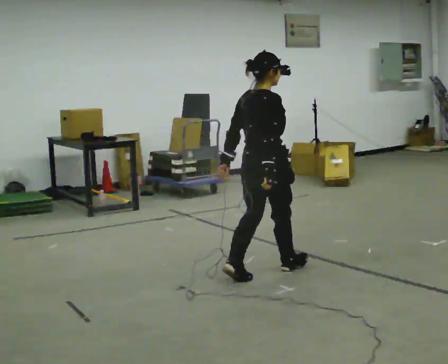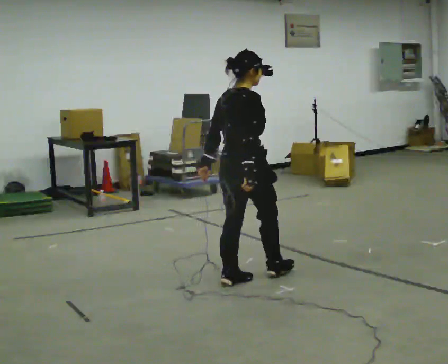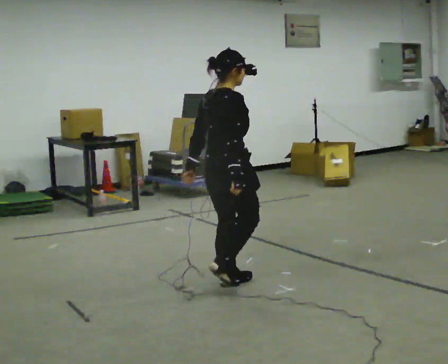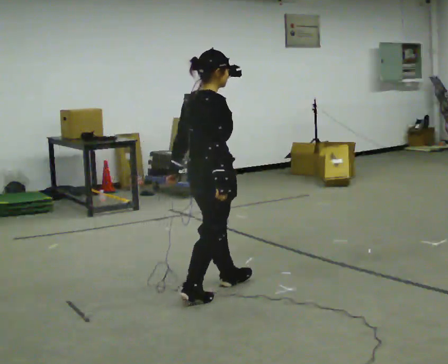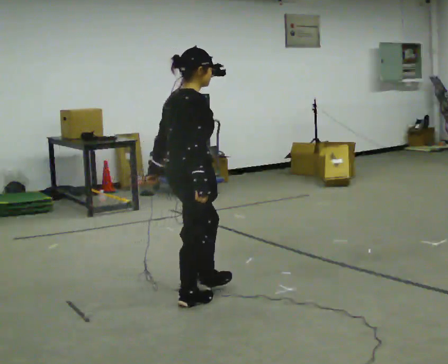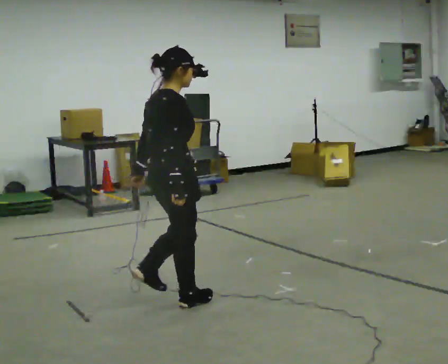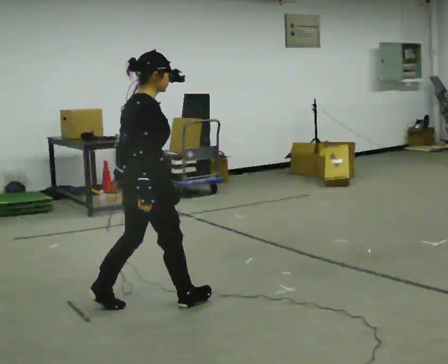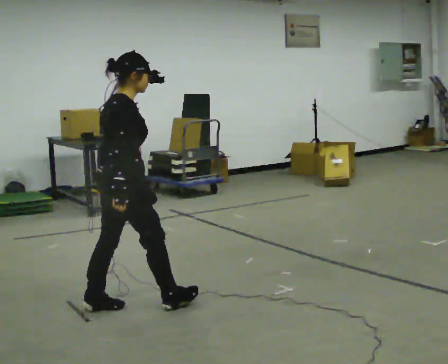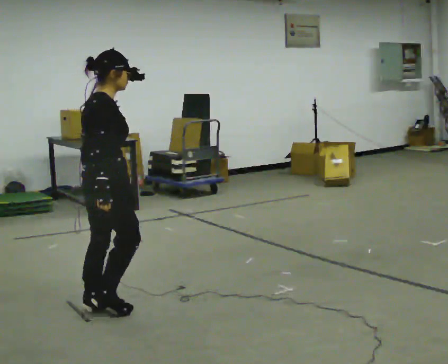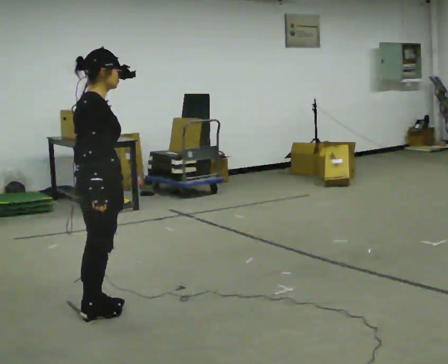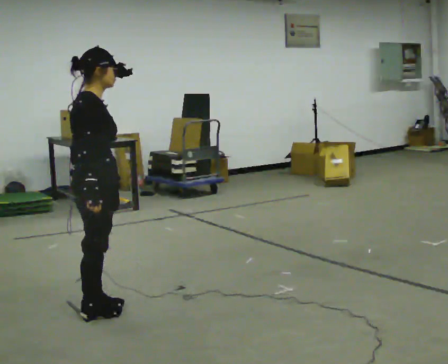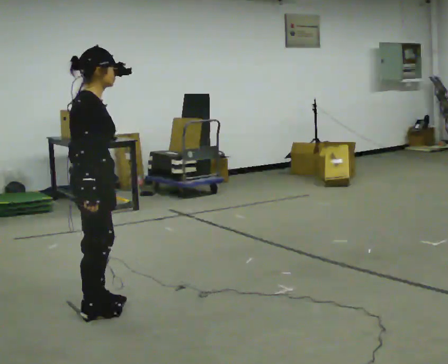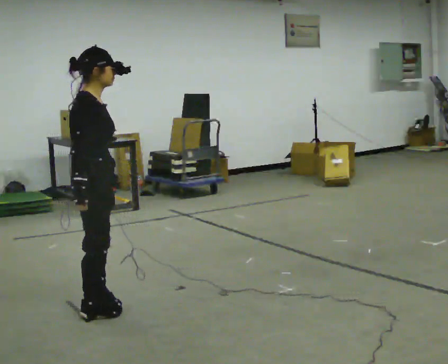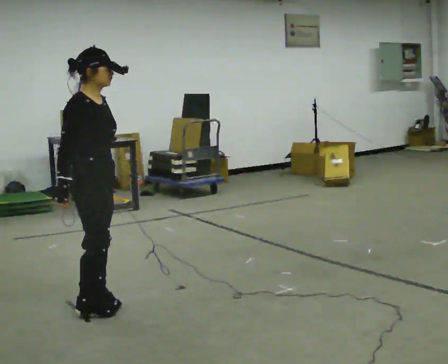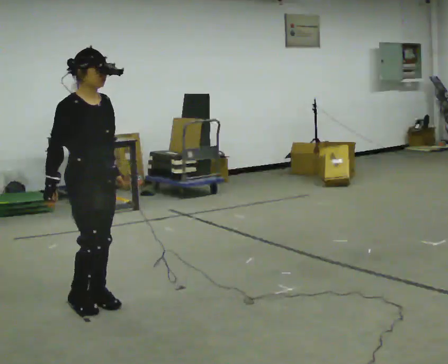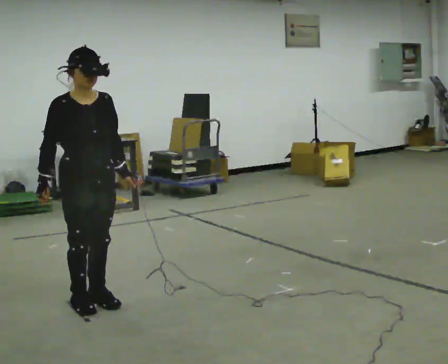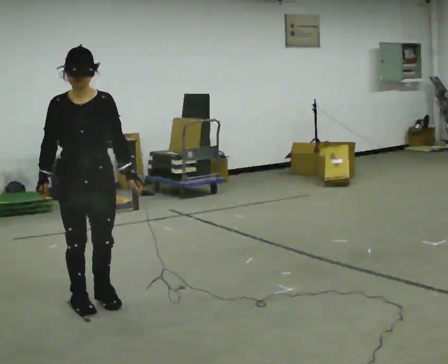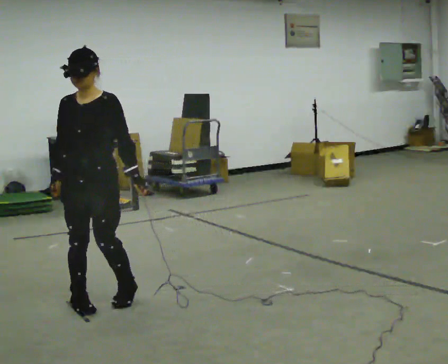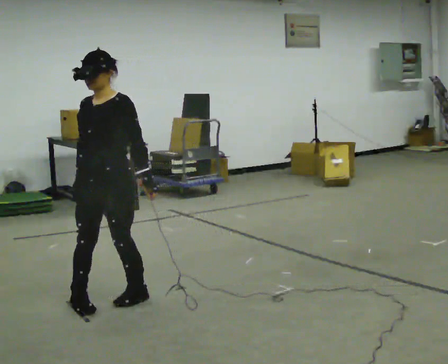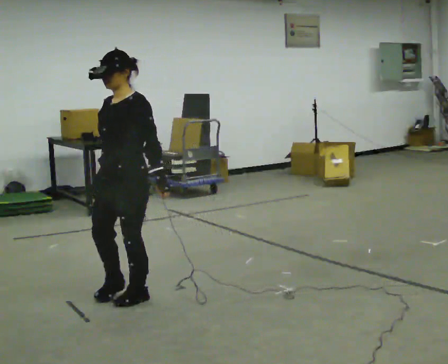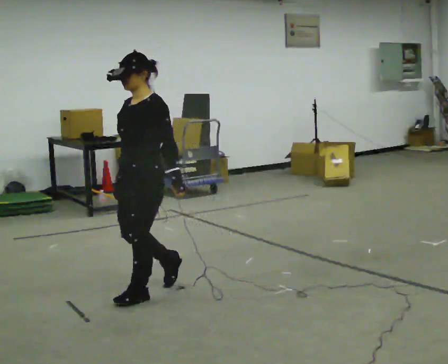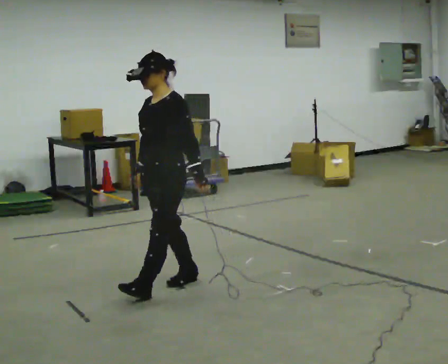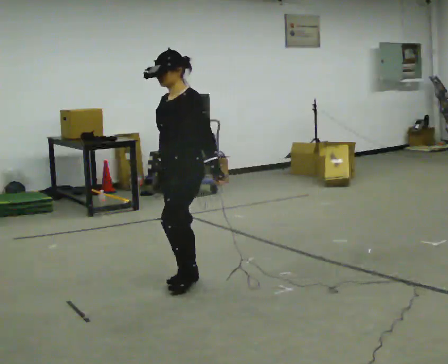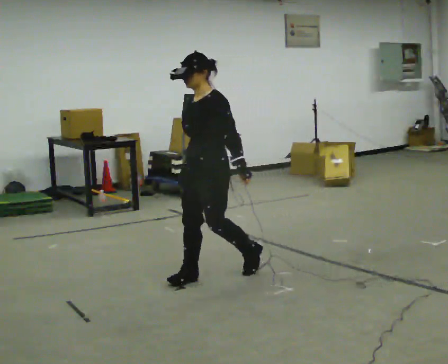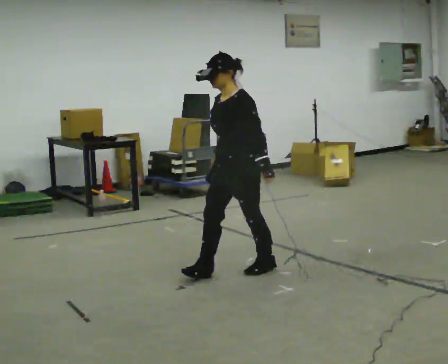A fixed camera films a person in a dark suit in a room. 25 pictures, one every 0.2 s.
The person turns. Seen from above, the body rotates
clockwise.
The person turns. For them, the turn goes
to their right.
0.0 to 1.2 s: In the picture they go to the left and toward the camera, about 1 m in 2 steps, which for them is backward.
1.2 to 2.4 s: In the picture they go to the left, about 0.25 m in 2 steps, which for them is backward.
2.4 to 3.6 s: Seen from above the body turns clockwise, about 120 degrees: to their right, with its near side sliding to the left. In the picture their left hand goes to the right.
3.6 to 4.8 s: The part of the body nearest the lens slides to the left as the person turns to their right by about 30 degrees. In the picture they go to the right, about 1 m in 3 steps, which for them is backward.
The film runs backward here.
